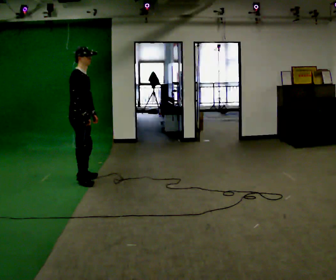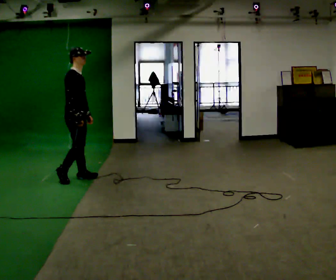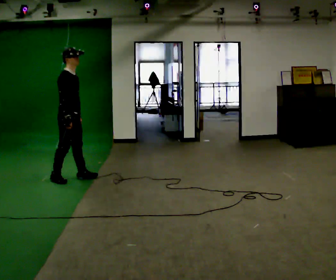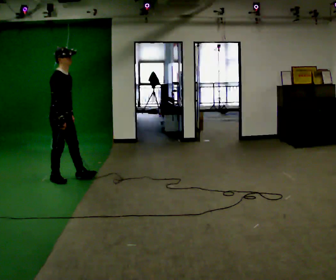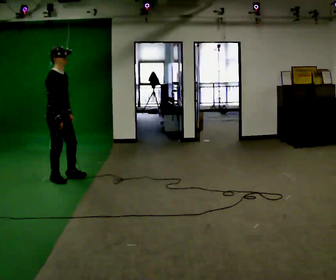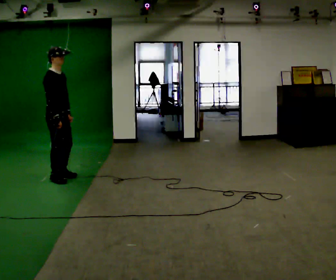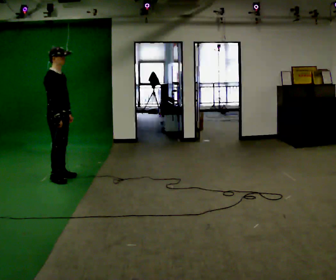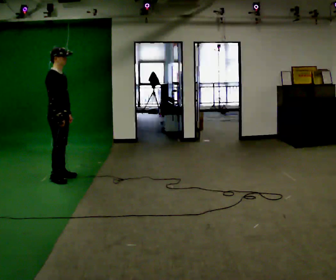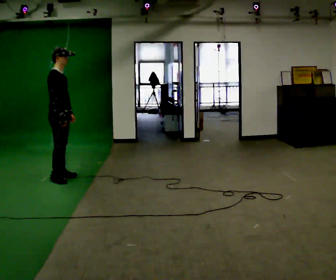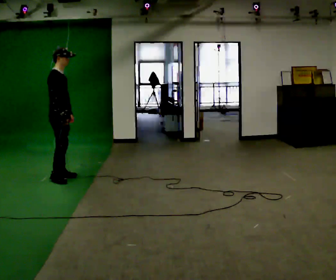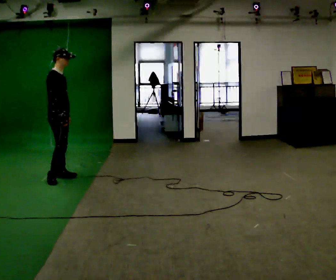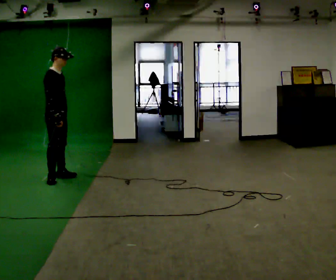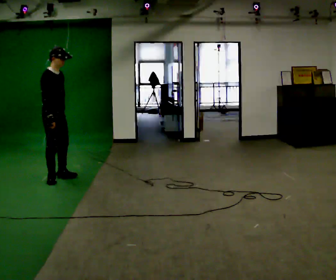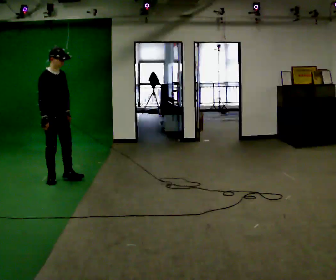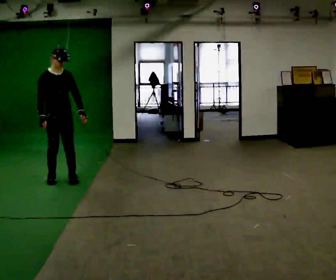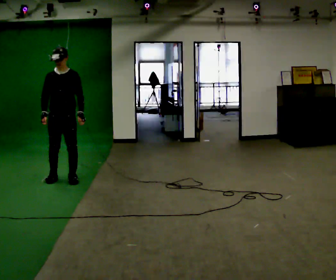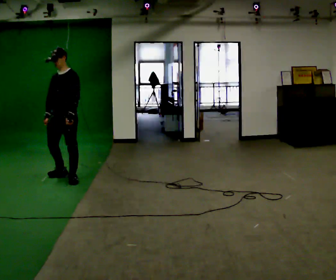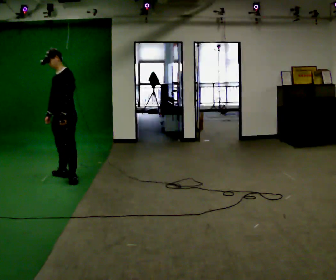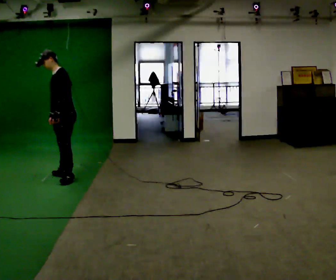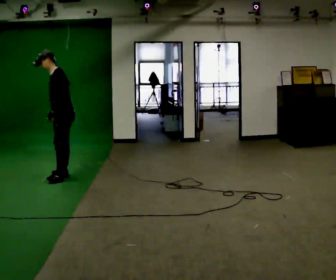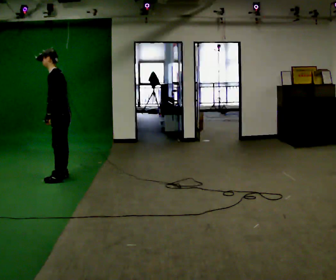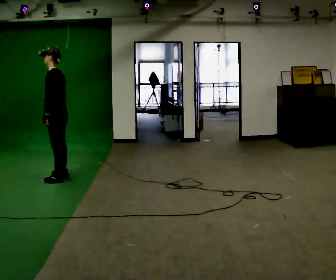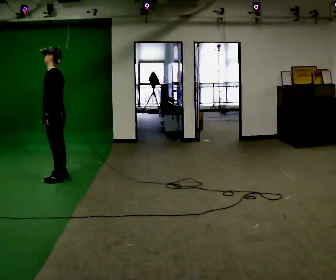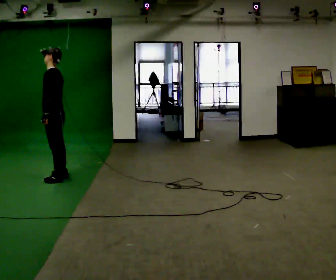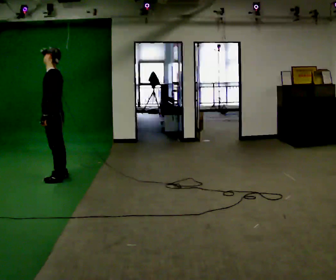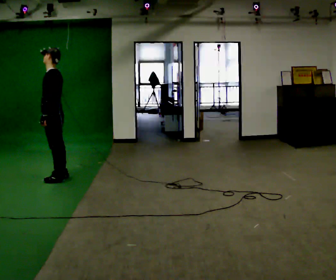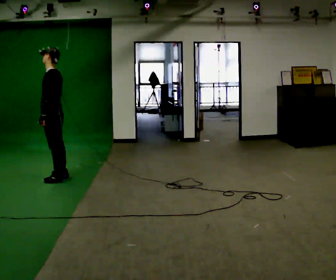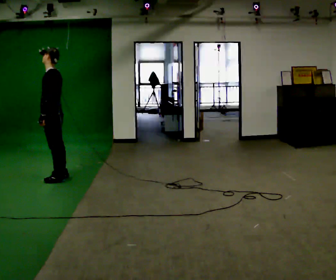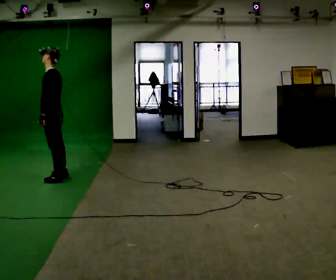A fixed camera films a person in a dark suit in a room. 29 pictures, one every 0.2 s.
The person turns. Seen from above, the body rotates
clockwise.
The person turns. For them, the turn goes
to their right.
0.0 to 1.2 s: In the picture they go to the left, about 0.25 m in 1 step, which for them is backward.
1.2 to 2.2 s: The person moves a little, or ends about where they began.
2.2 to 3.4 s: The person turns about 120 degrees to their right, clockwise seen from above, so the part of the body nearest the lens slides to the left.
3.4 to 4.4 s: The person turns about 45 degrees to their right, clockwise seen from above, so the part of the body nearest the lens slides to the left.
4.4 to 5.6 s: The person moves a little, or ends about where they began.
The film runs backward here.
